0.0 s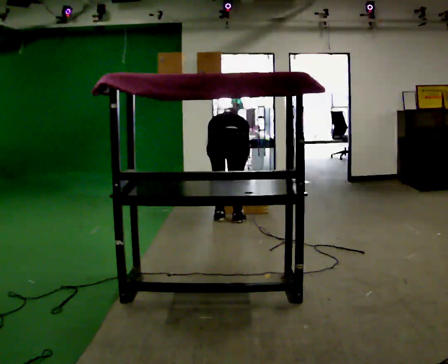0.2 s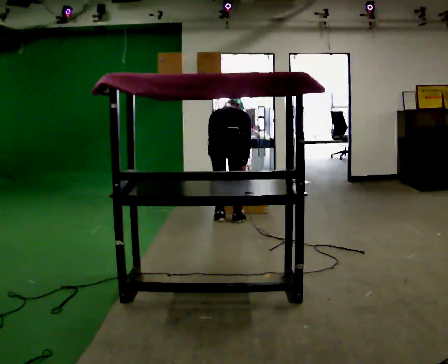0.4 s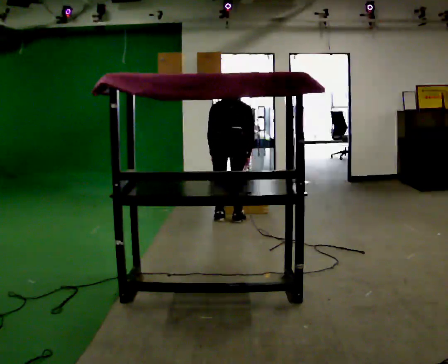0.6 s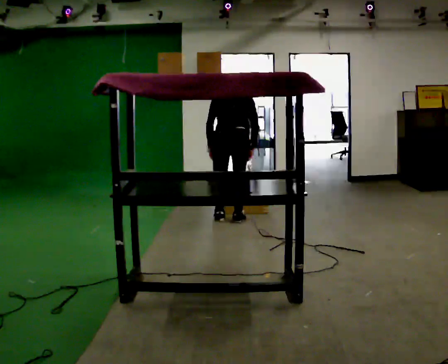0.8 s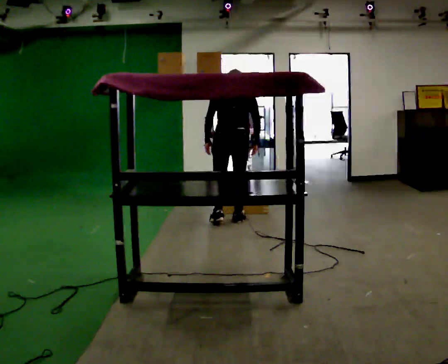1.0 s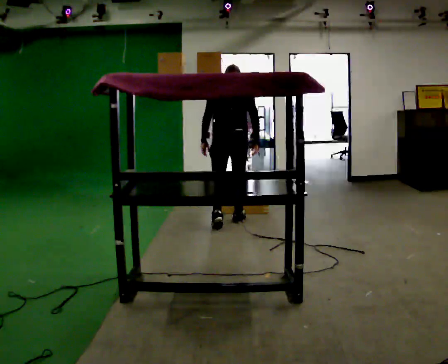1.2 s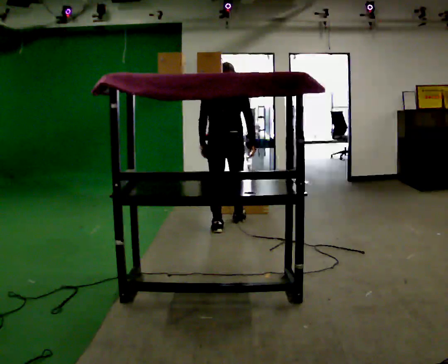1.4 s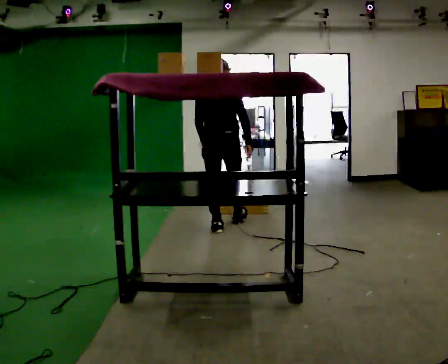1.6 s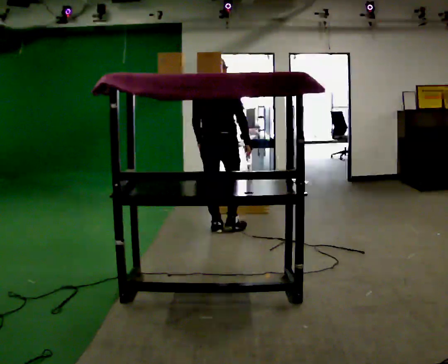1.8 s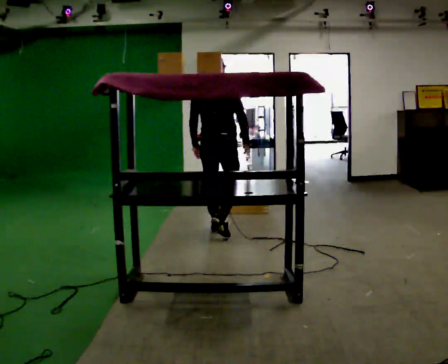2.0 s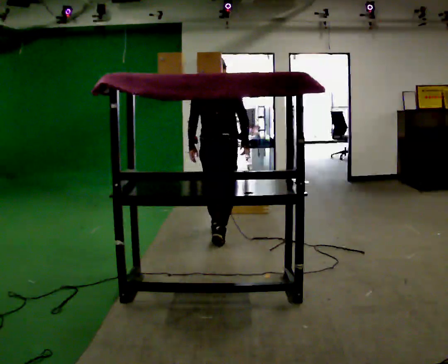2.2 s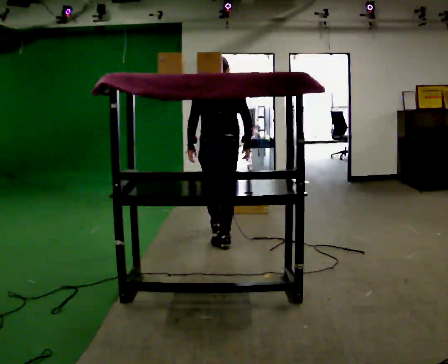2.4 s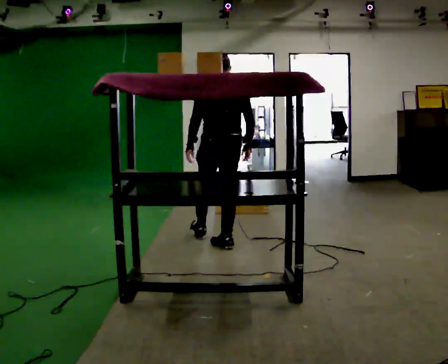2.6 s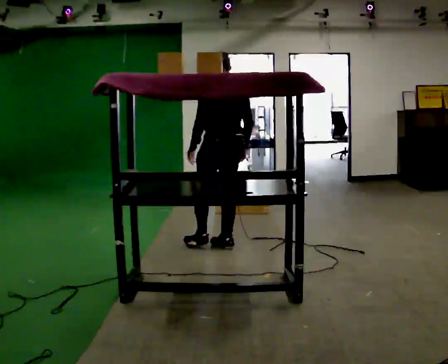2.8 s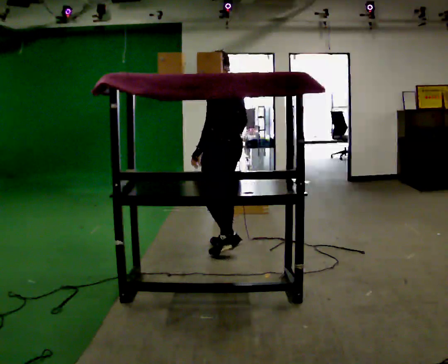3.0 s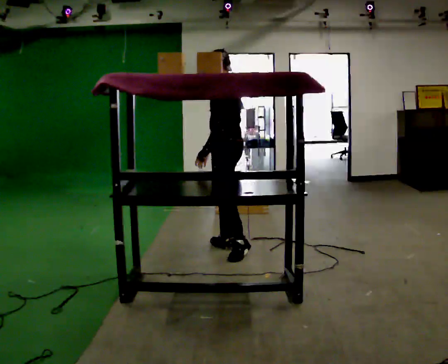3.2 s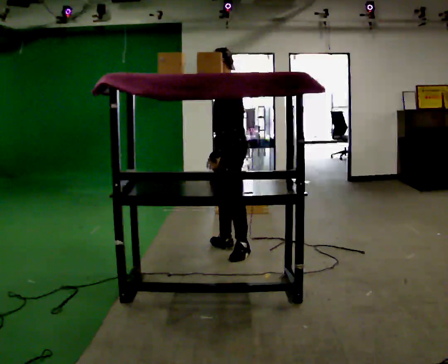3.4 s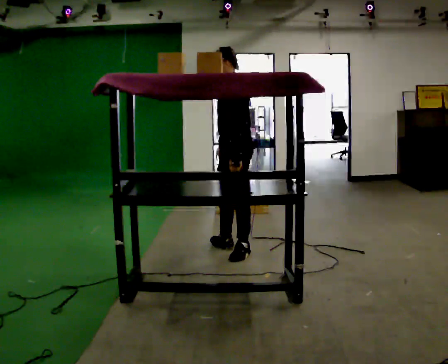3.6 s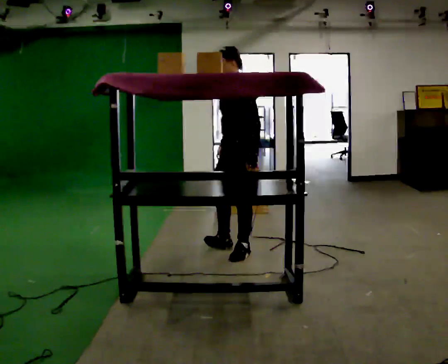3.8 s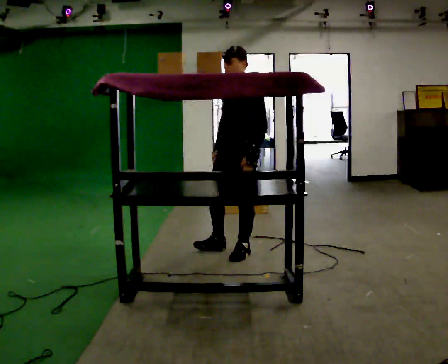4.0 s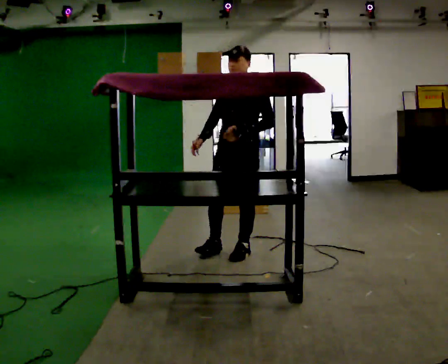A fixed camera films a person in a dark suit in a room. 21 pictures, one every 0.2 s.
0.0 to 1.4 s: In the picture they go toward the camera, about 0.25 m in 2 steps, which for them is backward. The upper body goes upward. The upper body tips toward the camera, its near side rolling downward, as they lean back or straighten. In the picture their right hand goes upward.
1.4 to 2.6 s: The person turns about 30 degrees to their left, counterclockwise seen from above, so the part of the body nearest the lens slides to the right. In the picture they go toward the camera, about 0.5 m in 1 step, which for them is backward.
2.6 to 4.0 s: The part of the body nearest the lens slides to the right as the person turns to their left by about 120 degrees. In the picture they go toward the camera, about 0.25 m.
The film runs backward here.
